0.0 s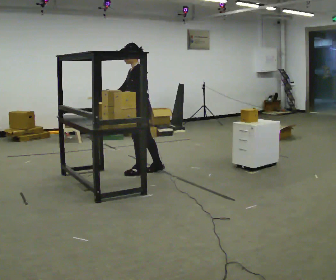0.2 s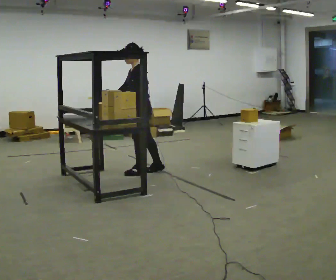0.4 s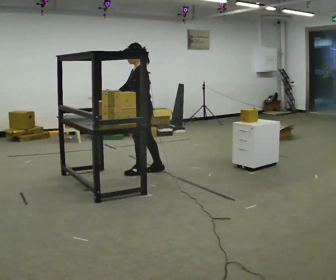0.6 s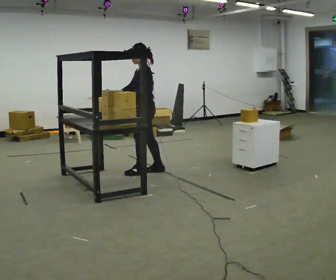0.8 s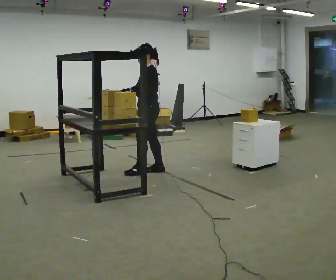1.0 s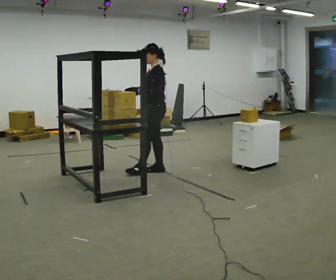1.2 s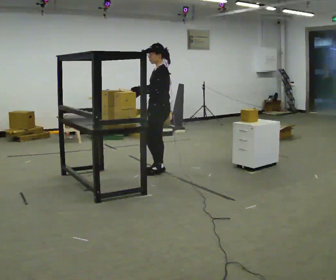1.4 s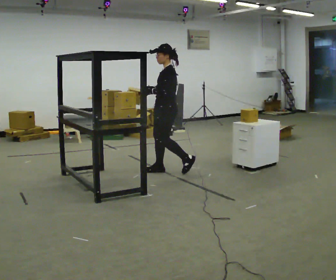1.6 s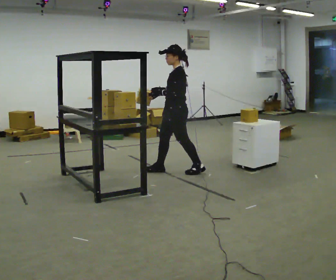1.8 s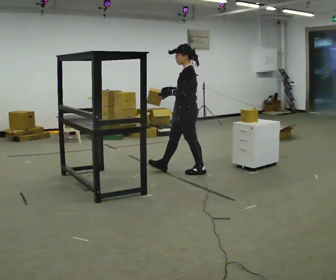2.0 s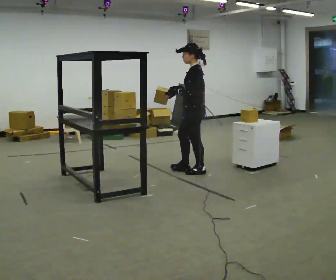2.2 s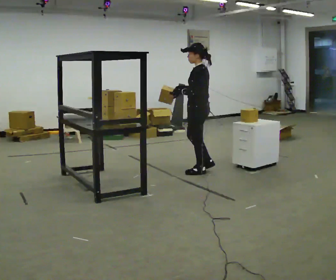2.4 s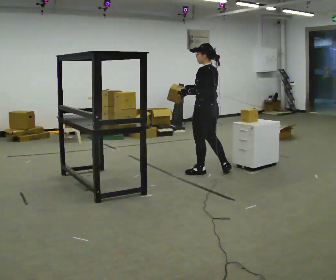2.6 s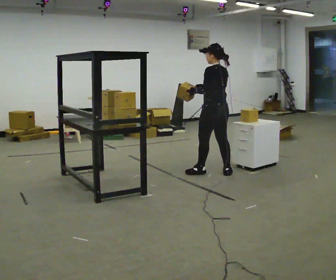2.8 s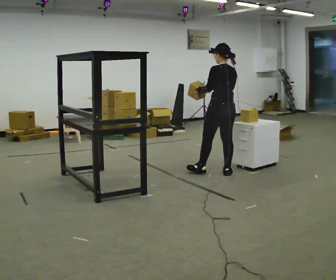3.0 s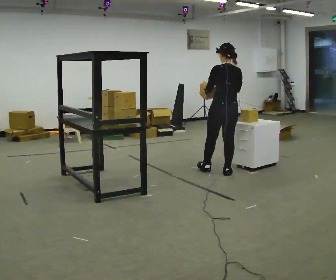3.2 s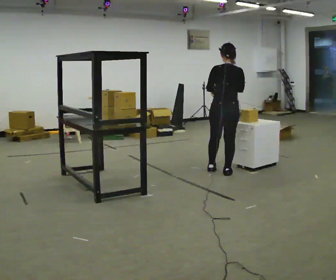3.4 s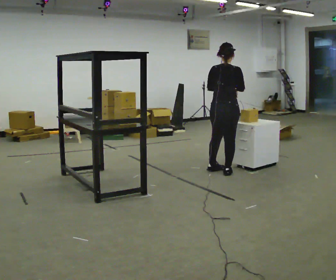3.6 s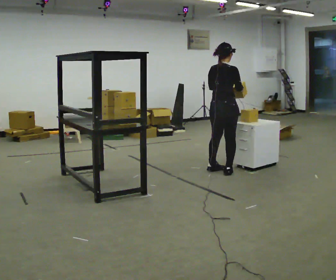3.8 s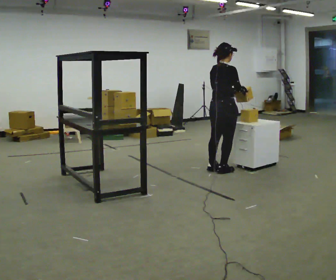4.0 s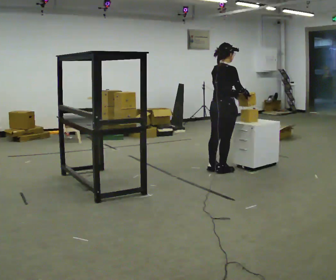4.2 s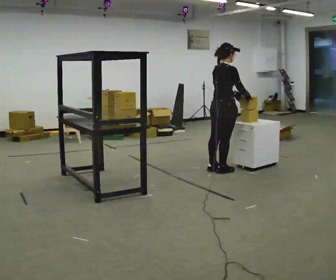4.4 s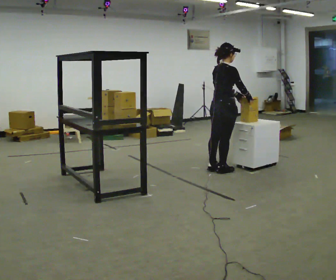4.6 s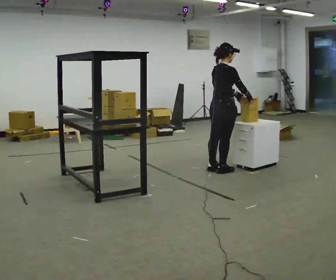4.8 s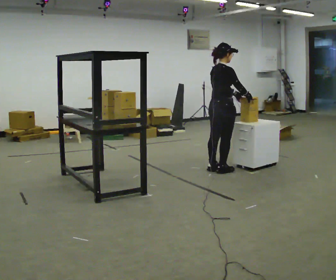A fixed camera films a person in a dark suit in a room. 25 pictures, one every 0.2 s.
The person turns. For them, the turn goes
to their right.
The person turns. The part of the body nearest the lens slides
to the left.
0.0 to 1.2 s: In the picture they go to the right, about 0.25 m in 1 step, which for them is backward.
1.2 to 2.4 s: The part of the body nearest the lens slides to the left as the person turns to their right by about 45 degrees. In the picture they go to the right, about 0.5 m in 1 step, which for them is backward.
2.4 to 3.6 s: The person turns about 90 degrees to their right, clockwise seen from above, so the part of the body nearest the lens slides to the left. In the picture they go to the right, about 0.25 m. In the picture their left hand goes to the right.
3.6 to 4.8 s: The part of the body nearest the lens slides to the left as the person turns to their right by about 30 degrees.
The film runs backward here.
